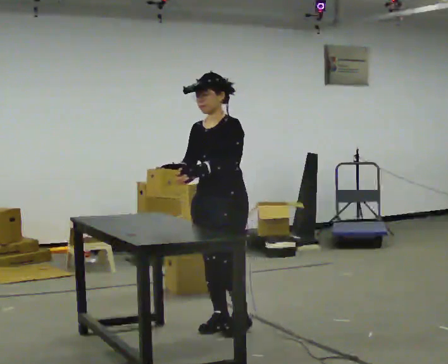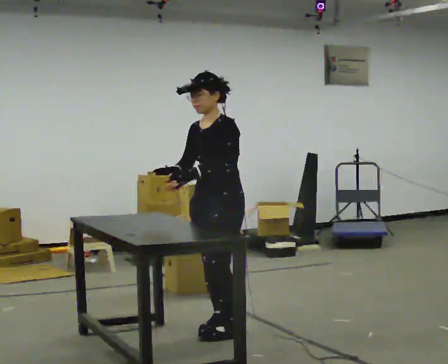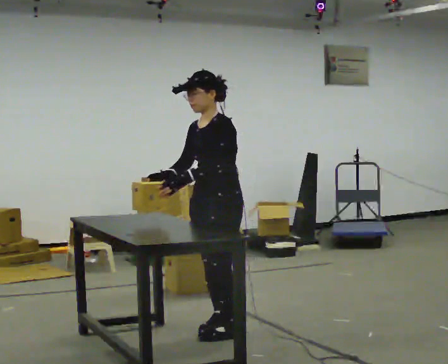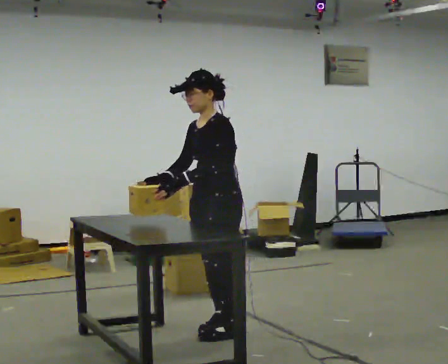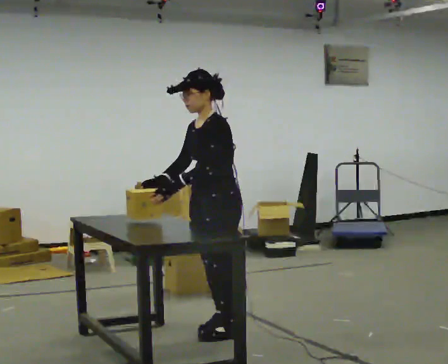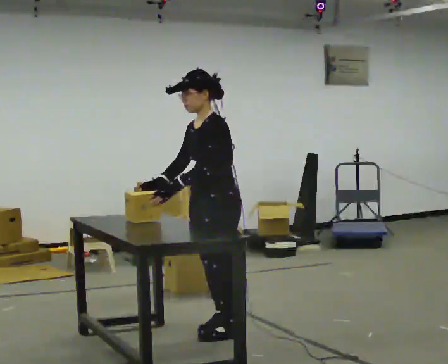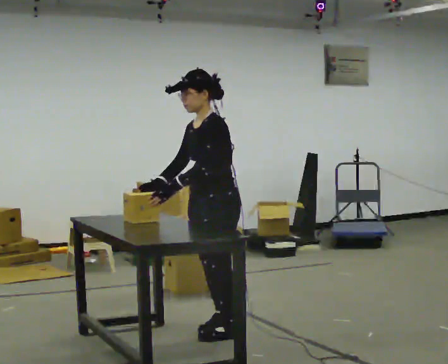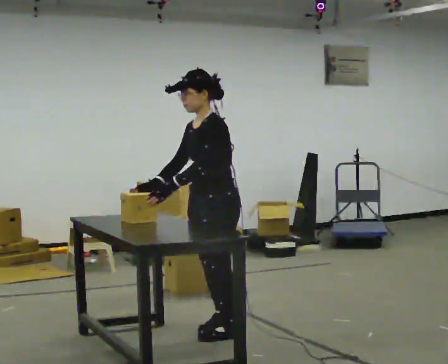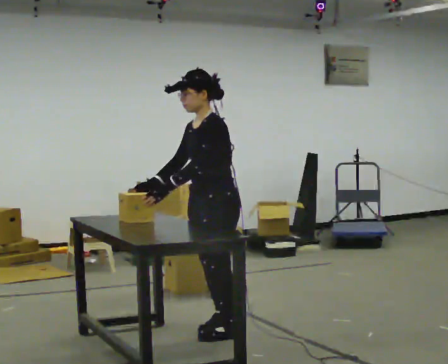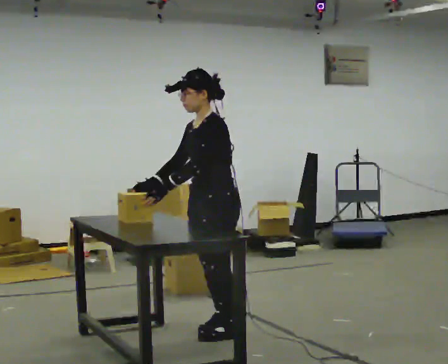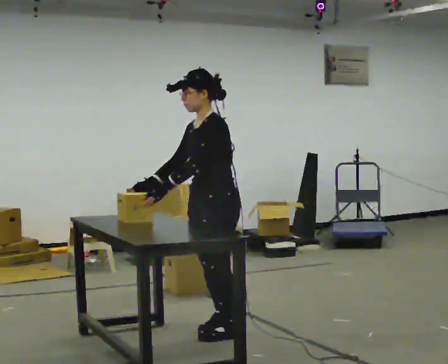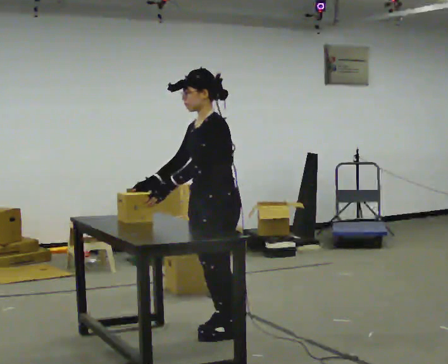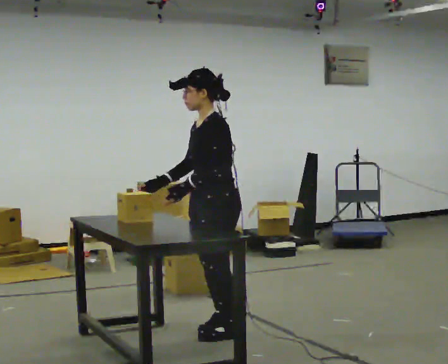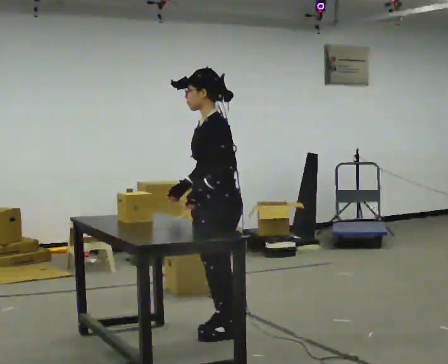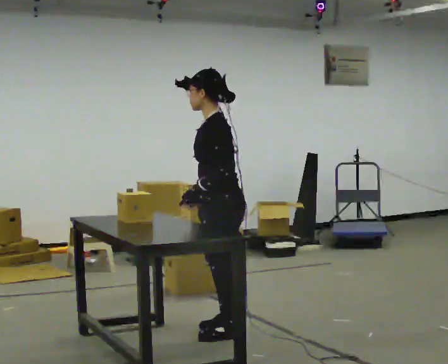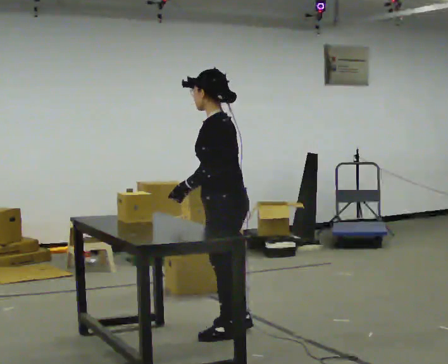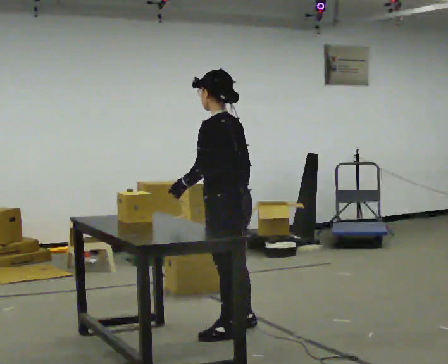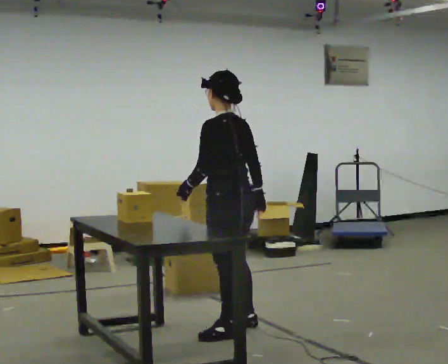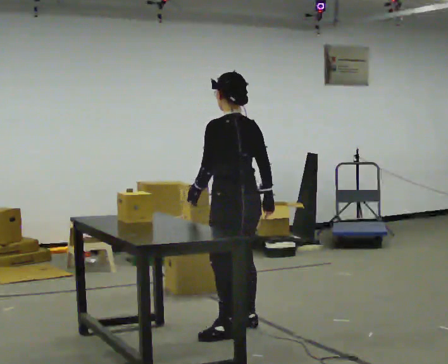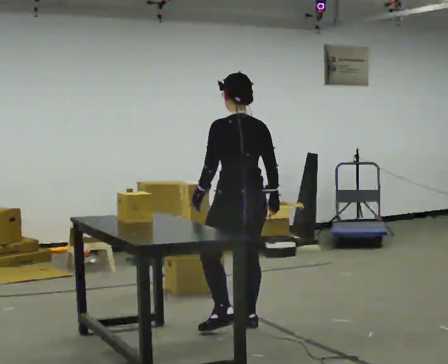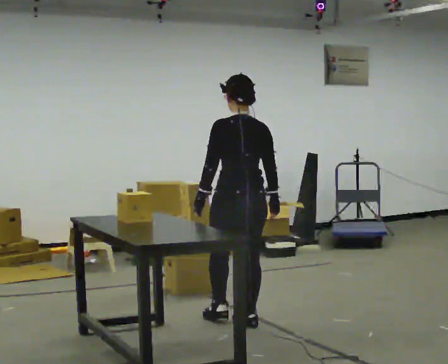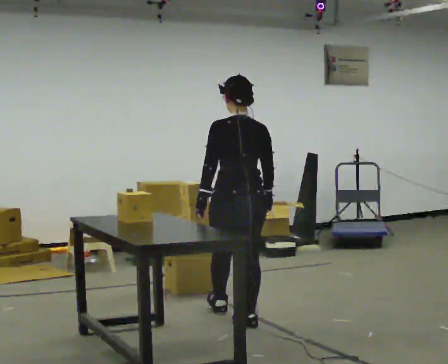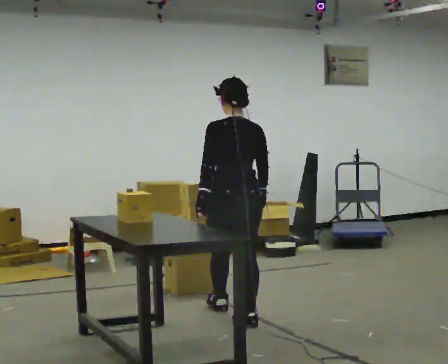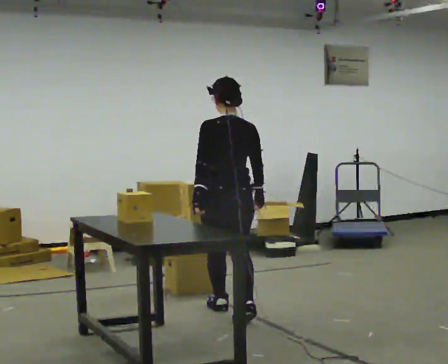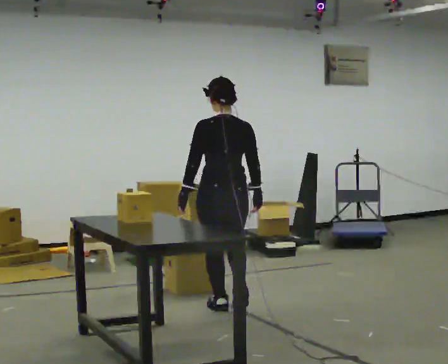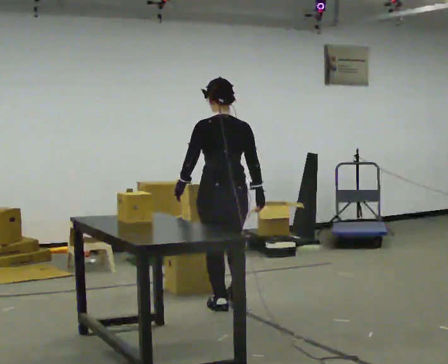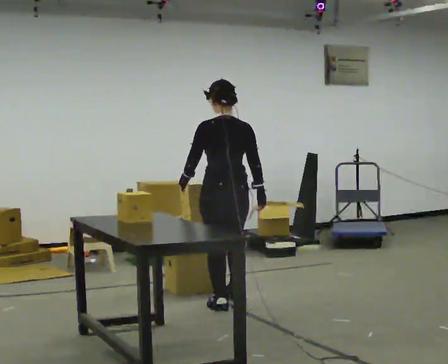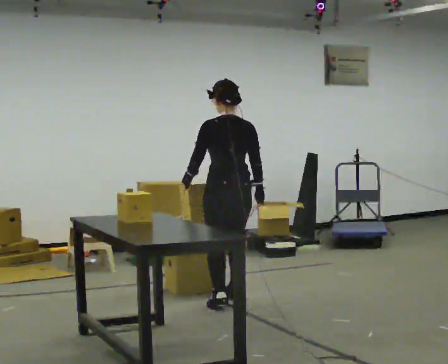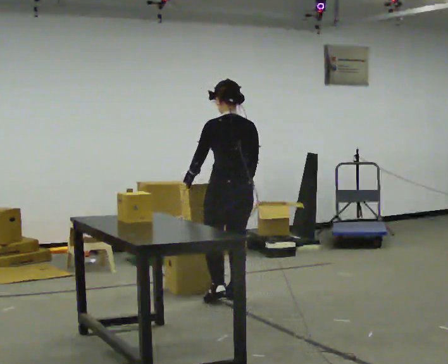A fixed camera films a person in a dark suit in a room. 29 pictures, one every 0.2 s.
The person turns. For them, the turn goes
to their right.
The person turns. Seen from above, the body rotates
clockwise.
0.0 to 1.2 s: The part of the body nearest the lens slides to the left as the person turns to their right by about 30 degrees. In the picture they go toward the camera, about 0.25 m in 1 step, which for them is to their left.
1.2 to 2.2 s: The person moves a little, or ends about where they began.
2.2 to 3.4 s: The part of the body nearest the lens slides to the left as the person turns to their right by about 60 degrees. In the picture their right hand goes to the right, the arm swinging counterclockwise.
3.4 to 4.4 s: The person turns about 45 degrees to their right, clockwise seen from above, so the part of the body nearest the lens slides to the left. In the picture they go away from the camera, about 0.25 m in 1 step, which for them is forward and to their right.
4.4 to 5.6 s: In the picture they go away from the camera, about 0.5 m in 1 step, which for them is forward.
The film runs forward here.
